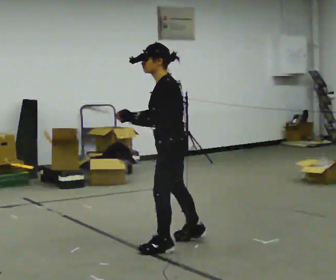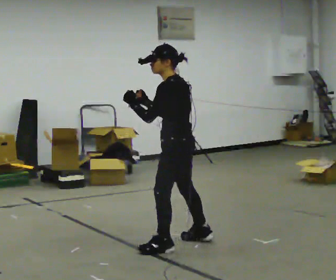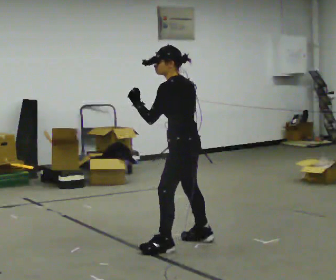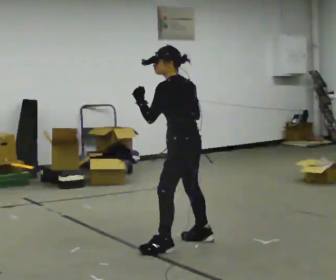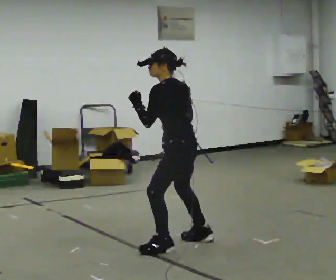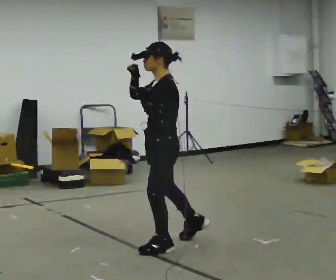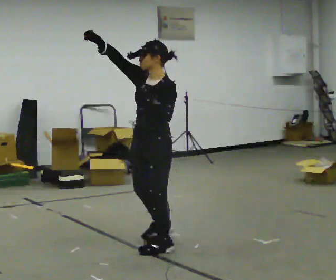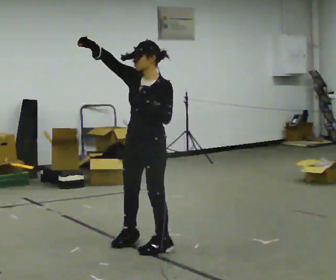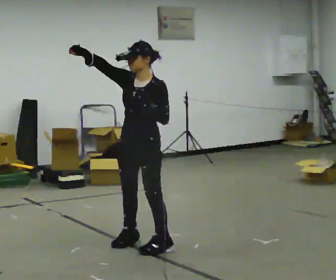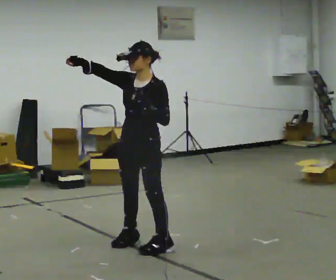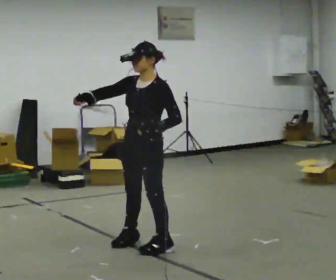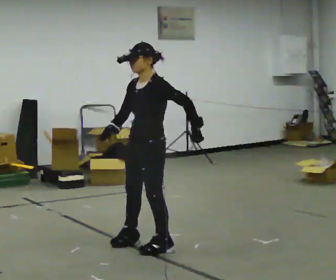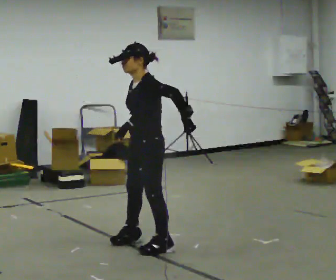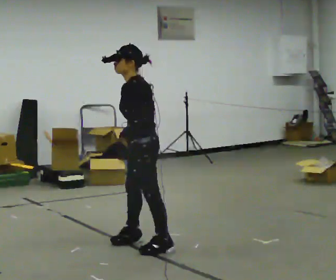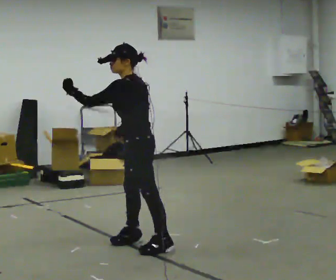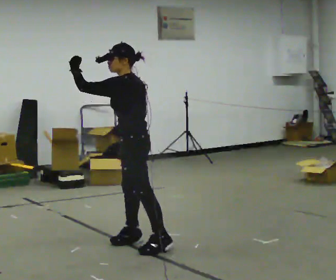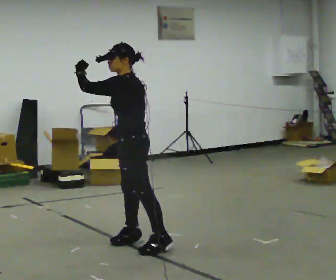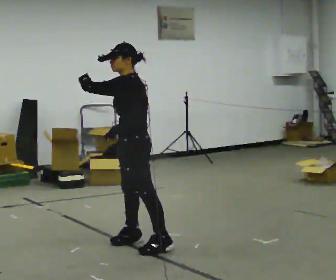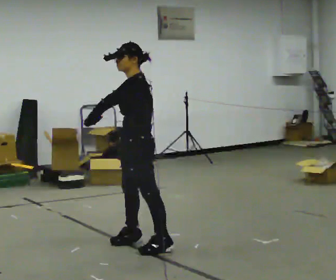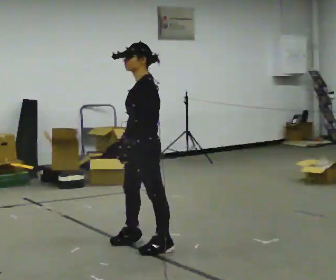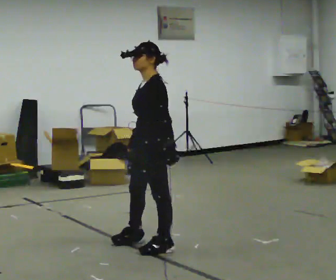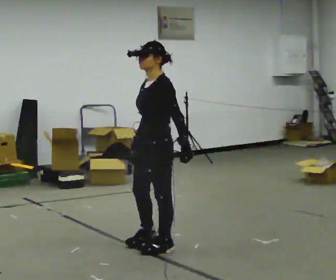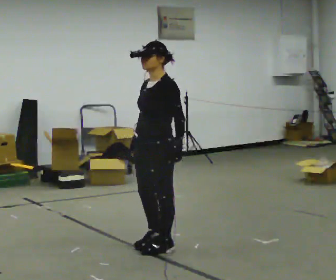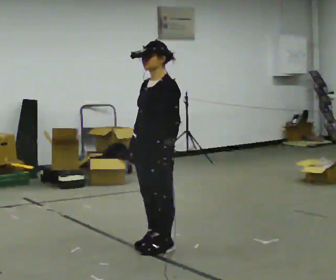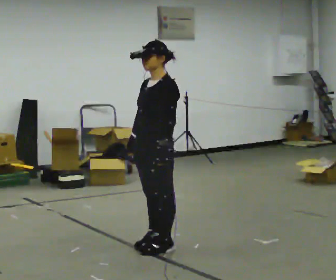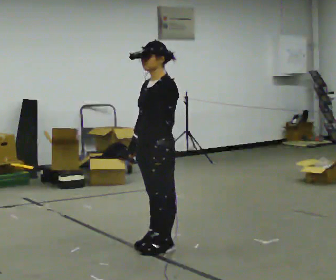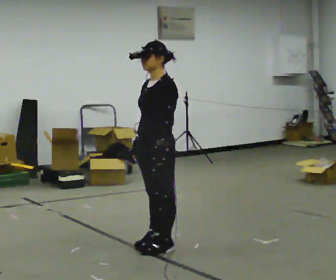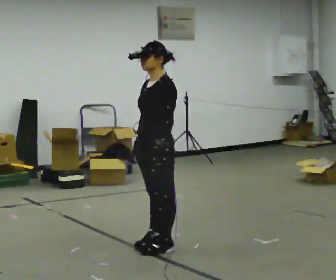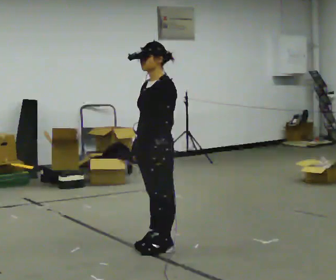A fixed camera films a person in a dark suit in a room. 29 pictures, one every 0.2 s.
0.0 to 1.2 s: The part of the body nearest the lens slides to the right as the person turns to their left by about 60 degrees. In the picture their right hand goes upward.
1.2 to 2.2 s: In the picture their right hand goes downward, the arm swinging counterclockwise.
2.2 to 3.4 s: The part of the body nearest the lens slides to the left as the person turns to their right by about 30 degrees. In the picture their left hand goes to the left and upward.
3.4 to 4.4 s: Seen from above the body turns counterclockwise, about 30 degrees: to their left, with its near side sliding to the right. In the picture they go to the right, about 0.25 m in 1 step, which for them is to their left and backward. In the picture their left hand goes to the right and downward, the arm swinging counterclockwise.
4.4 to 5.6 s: The person moves a little, or ends about where they began.
The film runs forward here.
